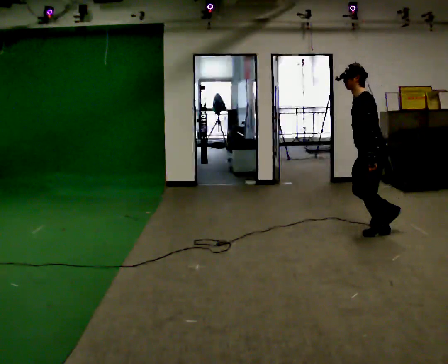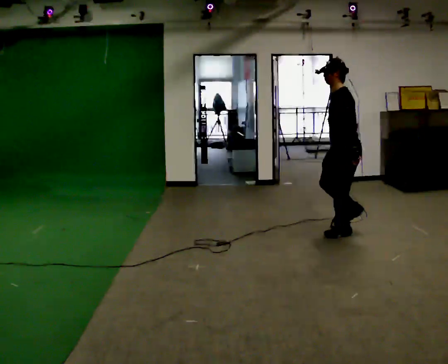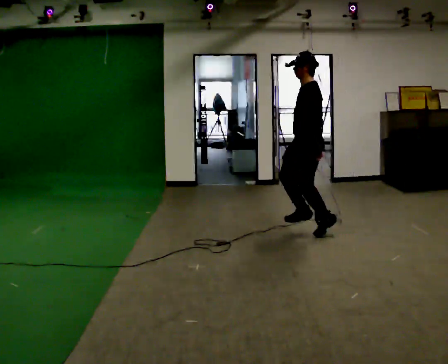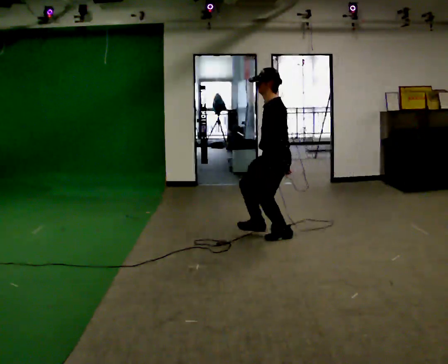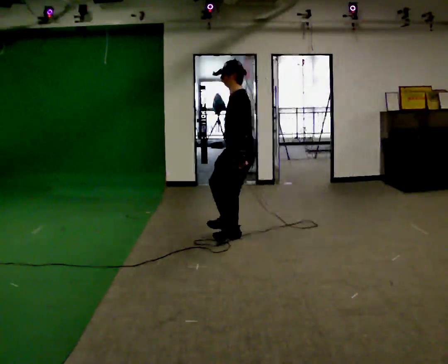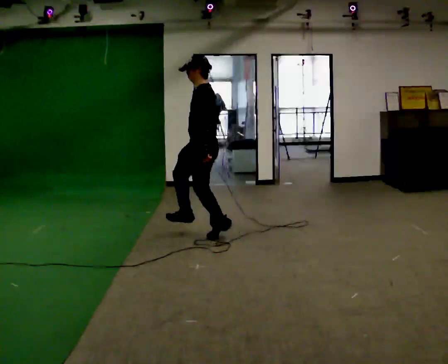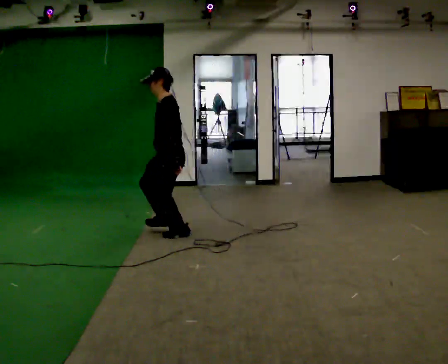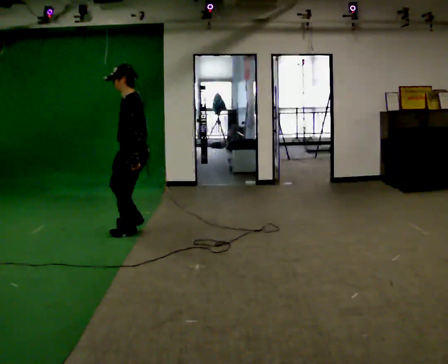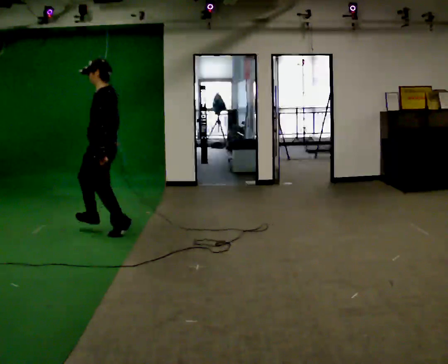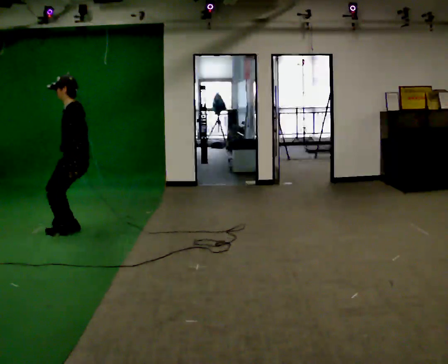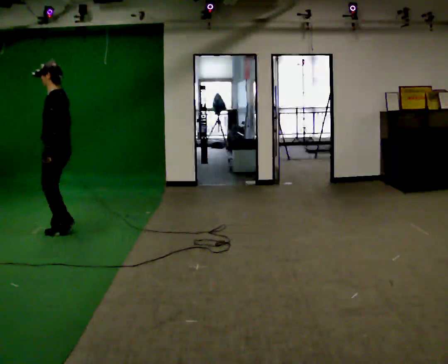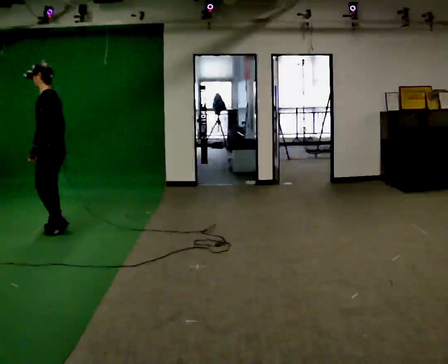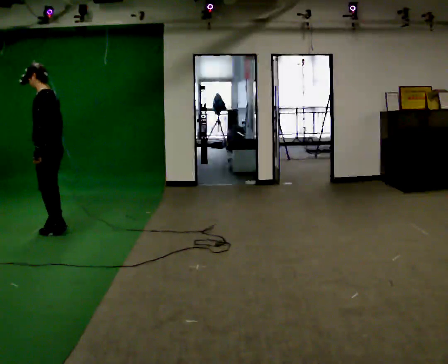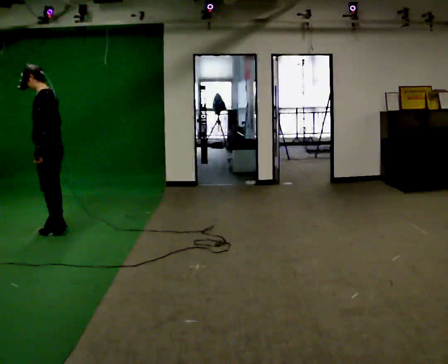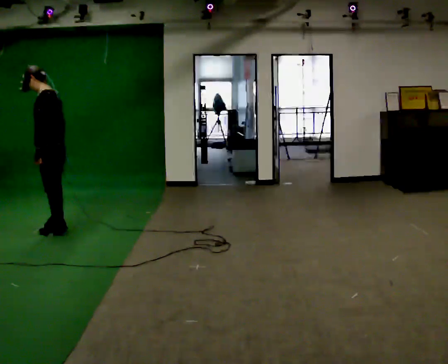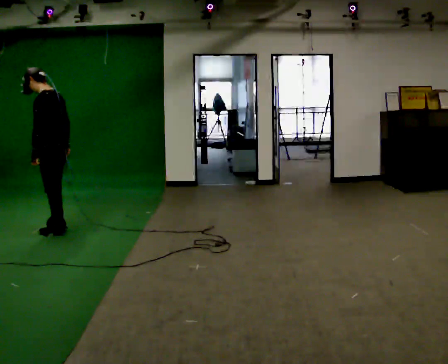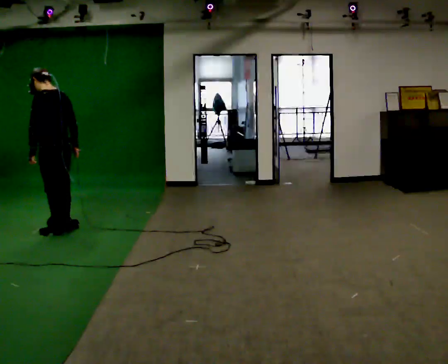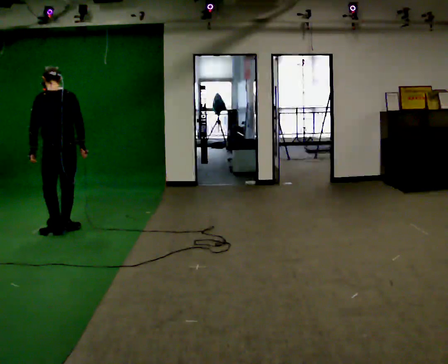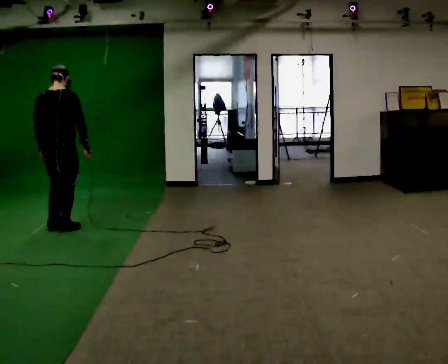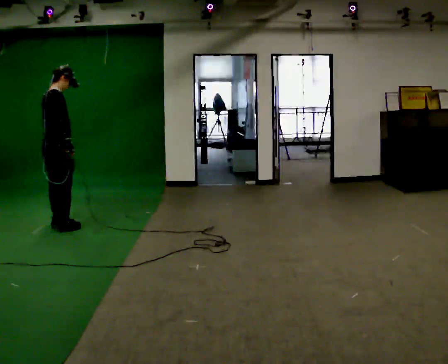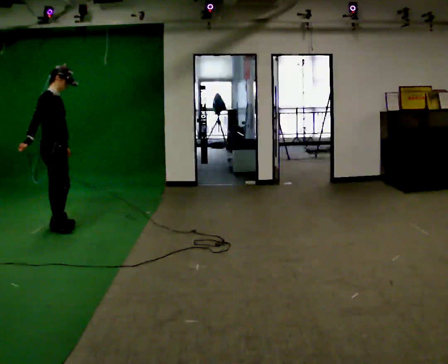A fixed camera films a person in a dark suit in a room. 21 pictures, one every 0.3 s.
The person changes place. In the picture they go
to the left.
0.0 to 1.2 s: In the picture they go to the left, about 1 m in 2 steps, which for them is forward.
1.2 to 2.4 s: In the picture they go to the left, about 1.5 m in 3 steps, which for them is forward.
2.4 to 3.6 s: In the picture they go to the left, about 0.5 m in 2 steps, which for them is forward.
3.6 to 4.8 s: Seen from above the body turns clockwise, about 45 degrees: to their right, with its near side sliding to the left.
4.8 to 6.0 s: The person turns about 135 degrees to their right, clockwise seen from above, so the part of the body nearest the lens slides to the left. In the picture they go away from the camera, about 0.25 m in 1 step. In the picture their right hand goes to the left, the arm swinging clockwise.
The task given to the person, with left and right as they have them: Hop forward on the leg the operator calls, keeping the other foot off the floor.
The film runs forward here.
